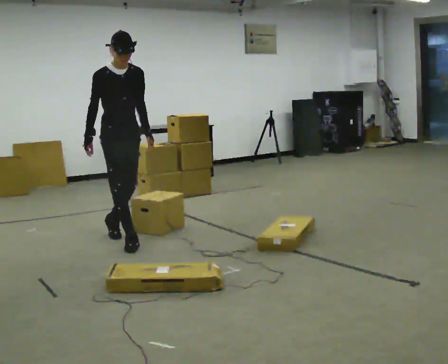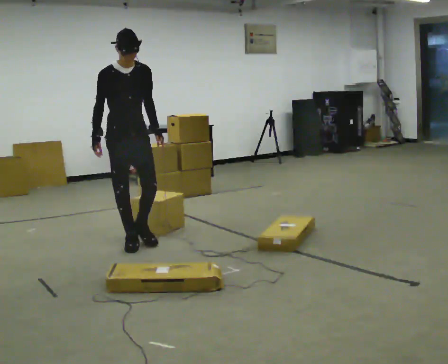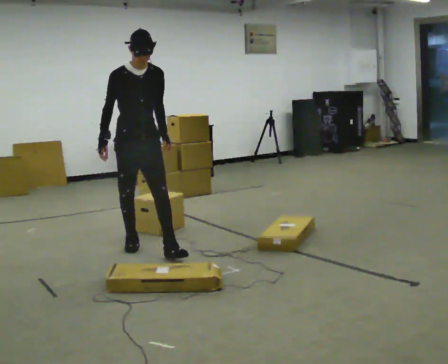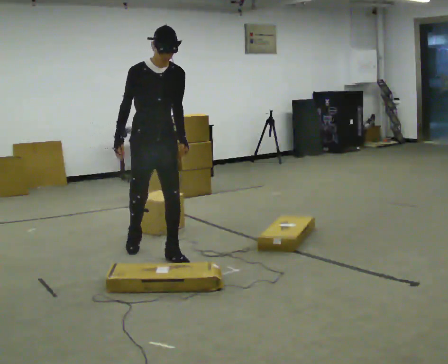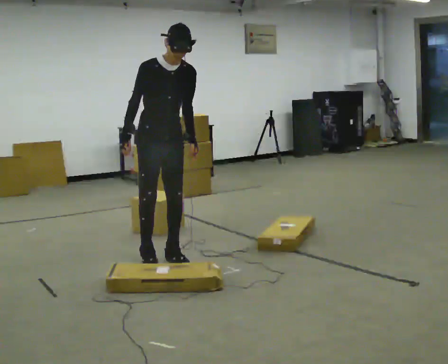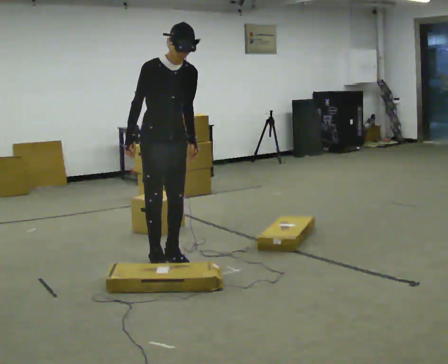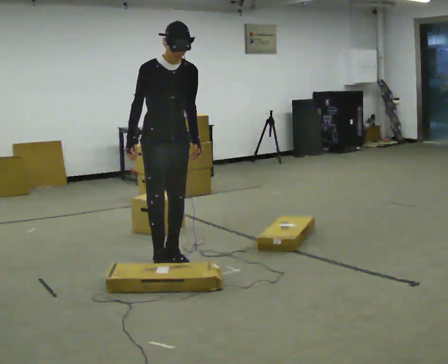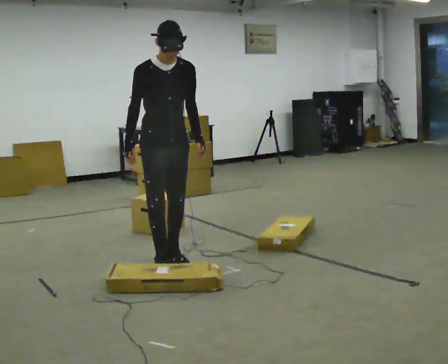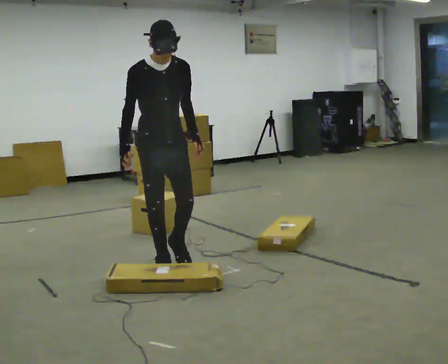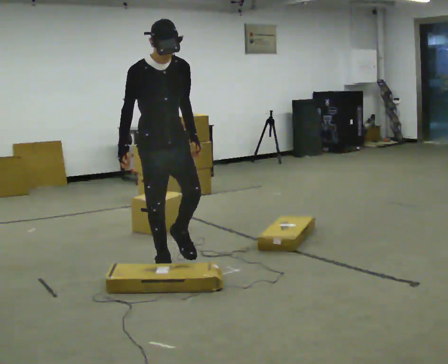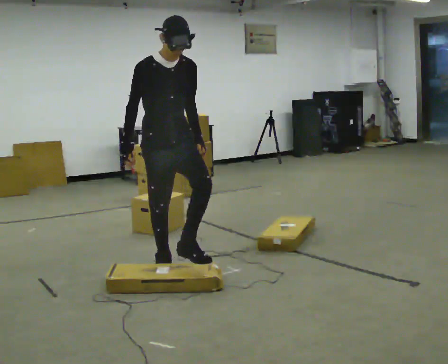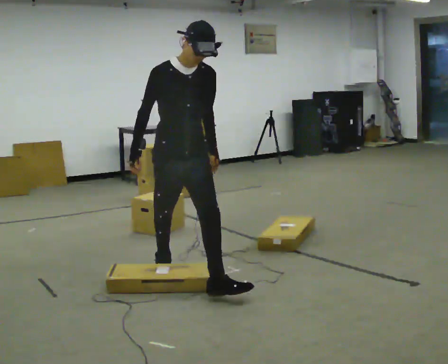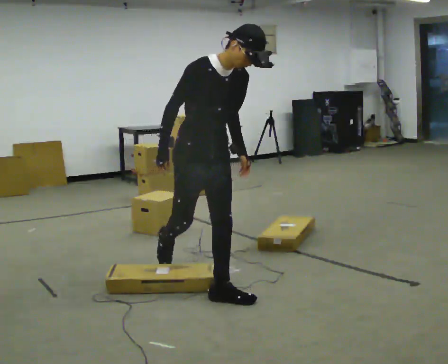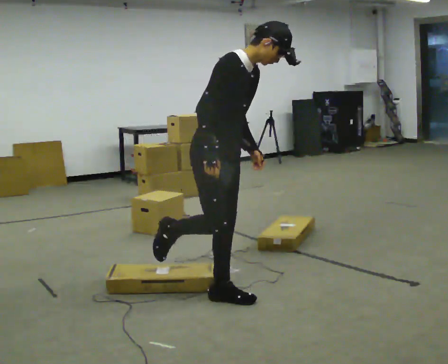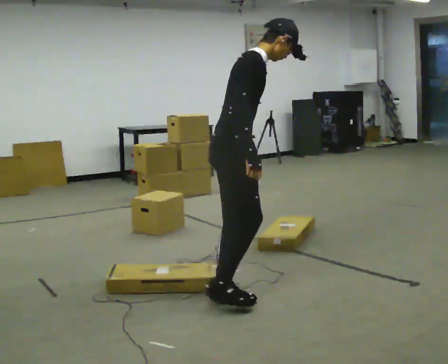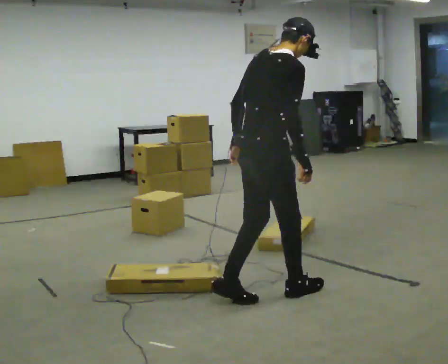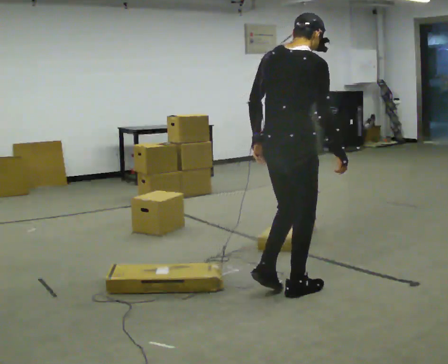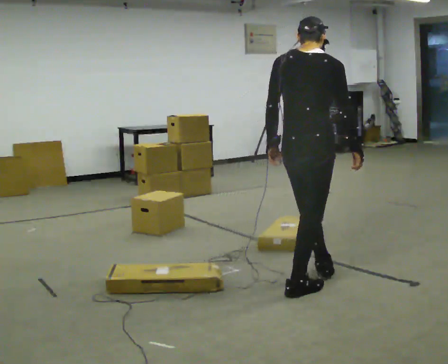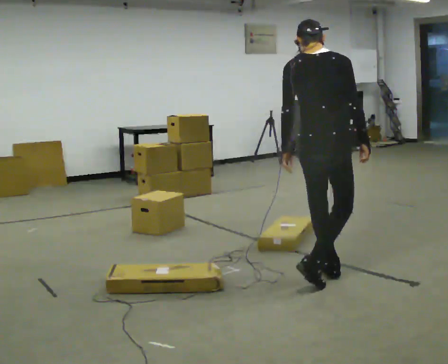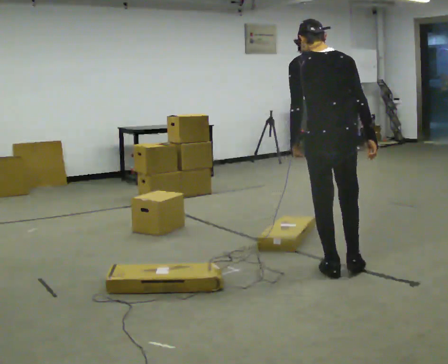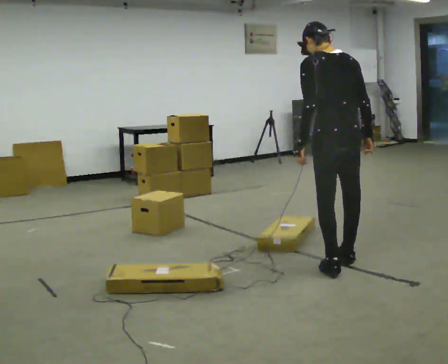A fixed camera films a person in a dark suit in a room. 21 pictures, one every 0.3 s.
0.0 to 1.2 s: In the picture they go toward the camera and to the right, about 0.5 m in 1 step, which for them is forward.
1.2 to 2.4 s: In the picture they go toward the camera, about 0.25 m in 1 step, which for them is forward.
2.4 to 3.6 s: In the picture they go toward the camera and to the right, about 0.5 m in 1 step, which for them is forward. In the picture the upper body tilts clockwise, shoulders to the right, as they bend forward.
3.6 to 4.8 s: The person turns about 105 degrees to their left, counterclockwise seen from above, so the part of the body nearest the lens slides to the right. In the picture they go to the right and toward the camera, about 0.5 m in 1 step. The upper body tips away from the camera, its near side rolling upward.
4.8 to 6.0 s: Seen from above the body turns counterclockwise, about 60 degrees: to their left, with its near side sliding to the right. In the picture they go to the right and away from the camera, about 0.5 m in 2 steps, which for them is forward and to their right. In the picture the upper body tilts counterclockwise, shoulders to the left.
The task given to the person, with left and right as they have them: Walk back and forth across the room at a normal pace, looking ahead. There may be something on the floor. Recover however comes naturally and carry on.
The film runs forward here.
